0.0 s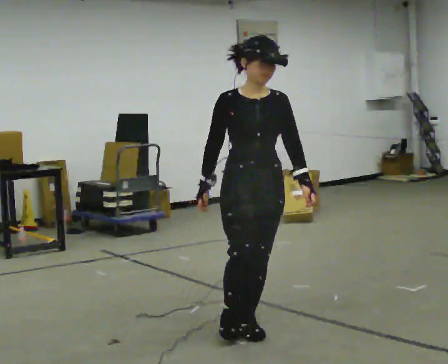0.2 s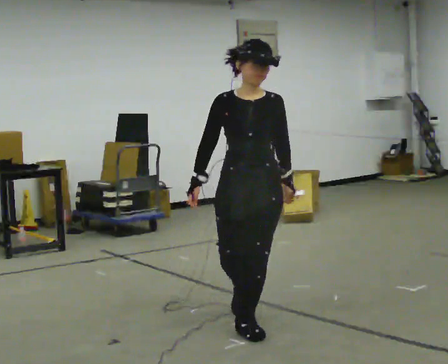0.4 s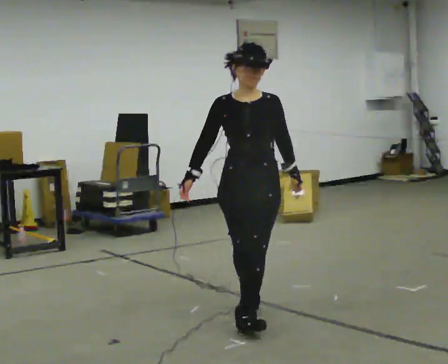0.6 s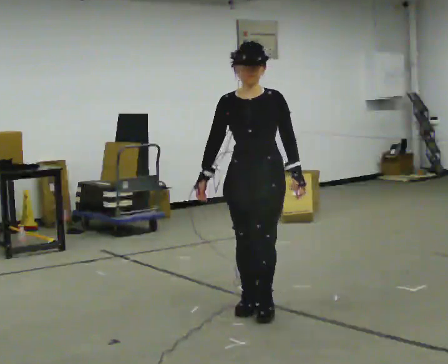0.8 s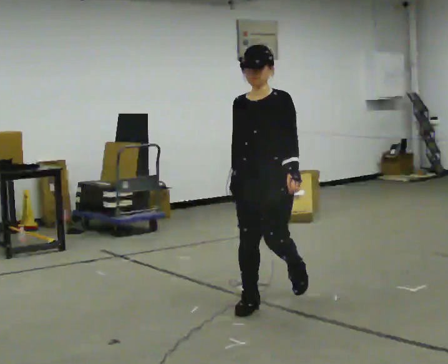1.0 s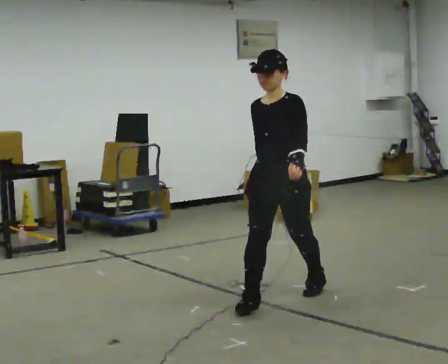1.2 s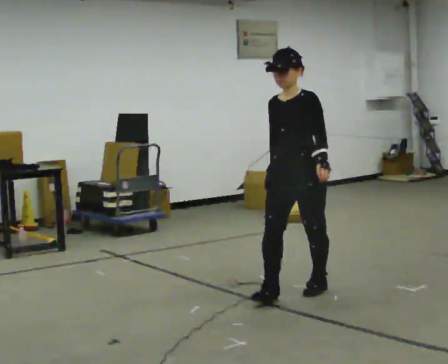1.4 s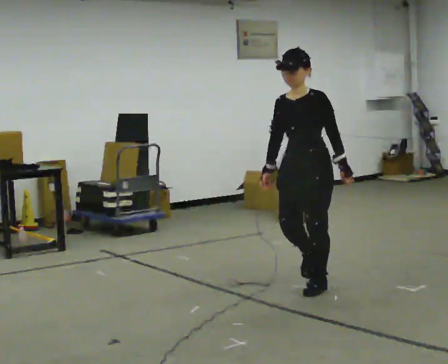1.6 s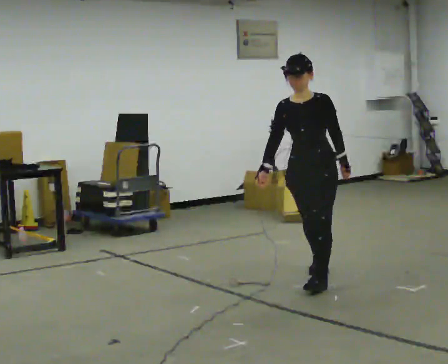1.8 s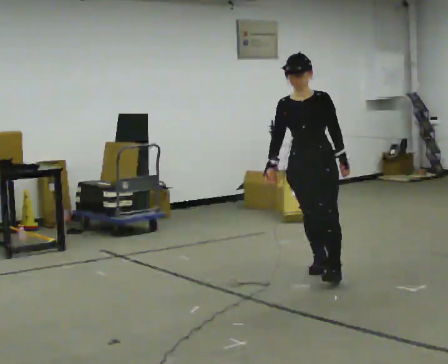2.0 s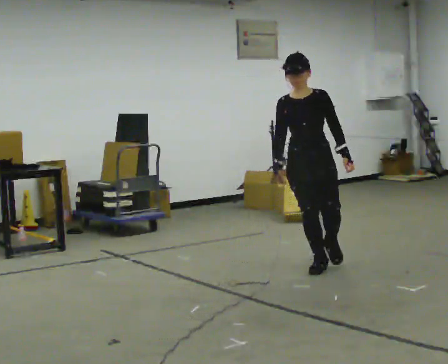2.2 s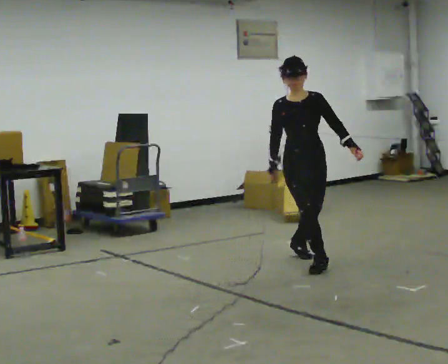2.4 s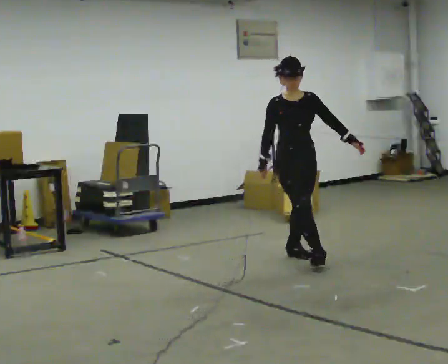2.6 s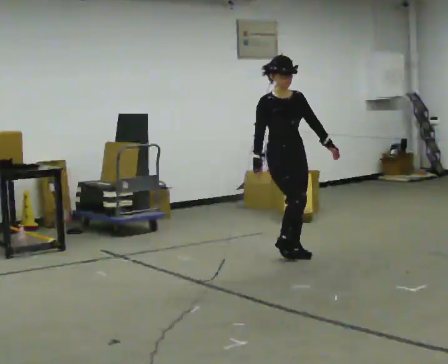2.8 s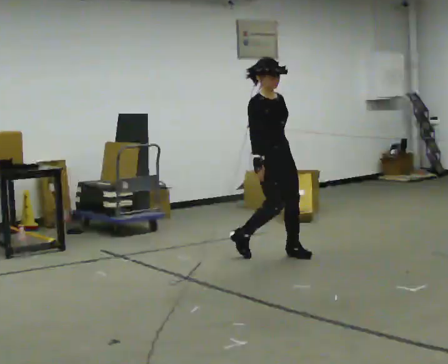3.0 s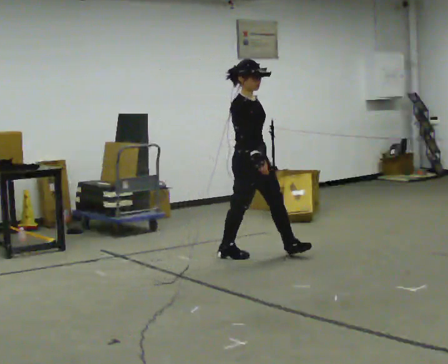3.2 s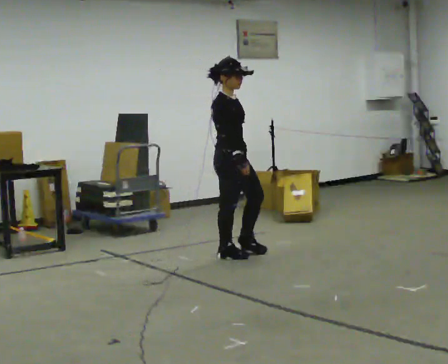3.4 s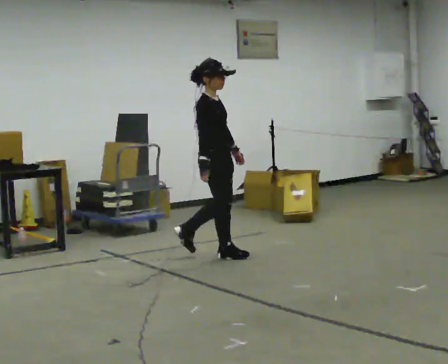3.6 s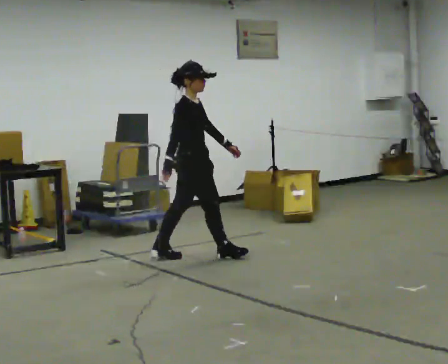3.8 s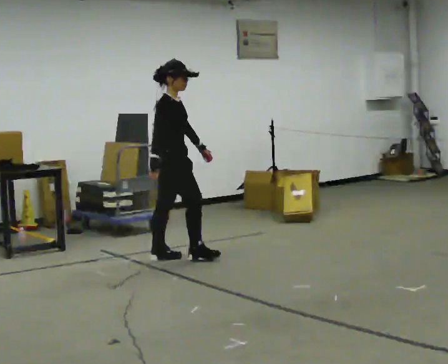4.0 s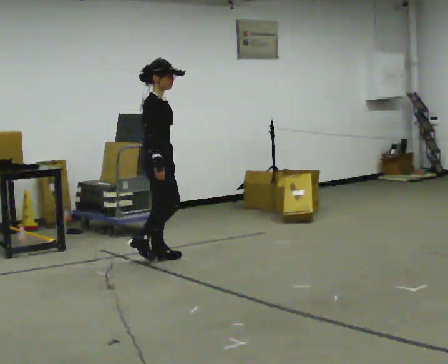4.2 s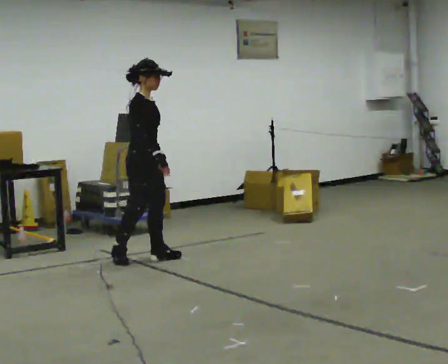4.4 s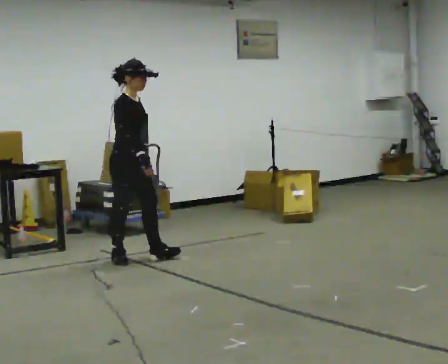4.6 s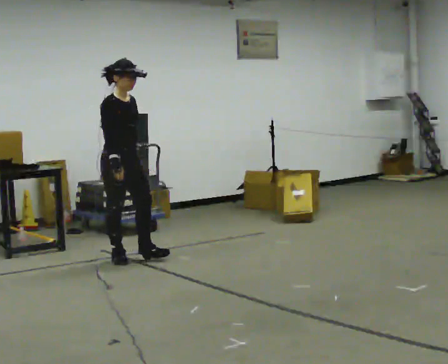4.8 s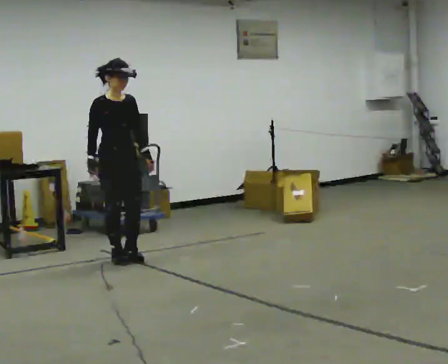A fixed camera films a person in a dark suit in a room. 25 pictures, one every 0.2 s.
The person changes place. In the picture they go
away from the camera.
0.0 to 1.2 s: Seen from above the body turns clockwise, about 45 degrees: to their right, with its near side sliding to the left. In the picture they go away from the camera, about 1 m in 2 steps, which for them is backward.
1.2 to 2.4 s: The part of the body nearest the lens slides to the right as the person turns to their left by about 60 degrees. In the picture they go away from the camera, about 1 m in 2 steps, which for them is backward.
2.4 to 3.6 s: The part of the body nearest the lens slides to the right as the person turns to their left by about 75 degrees. In the picture they go to the left, about 1 m in 1 step.
3.6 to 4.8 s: The person turns about 45 degrees to their right, clockwise seen from above, so the part of the body nearest the lens slides to the left. In the picture they go to the left, about 0.5 m in 2 steps, which for them is backward.
The film runs backward here.
